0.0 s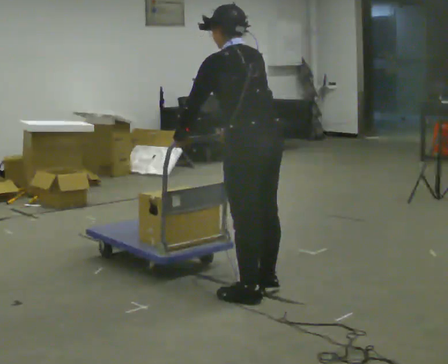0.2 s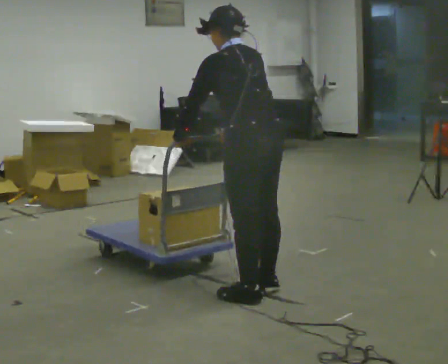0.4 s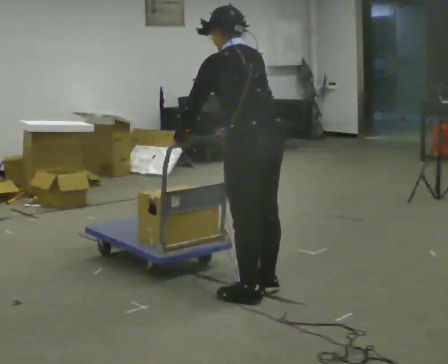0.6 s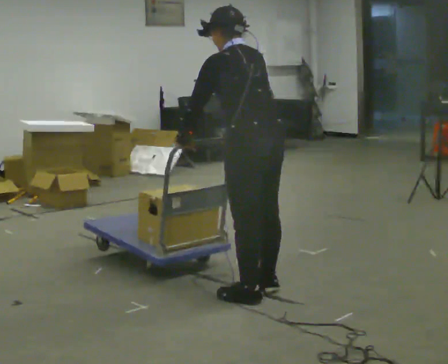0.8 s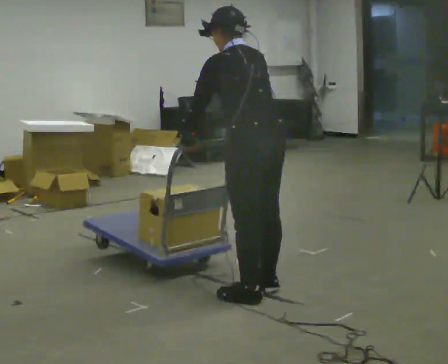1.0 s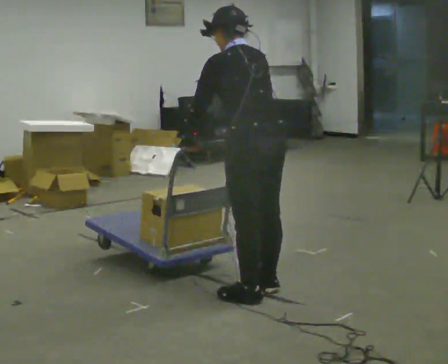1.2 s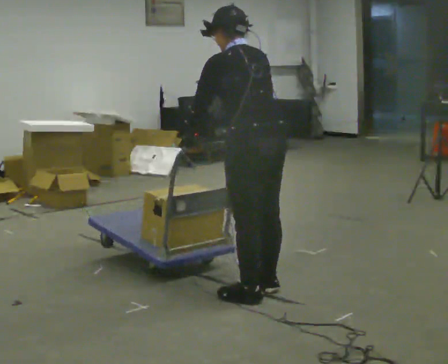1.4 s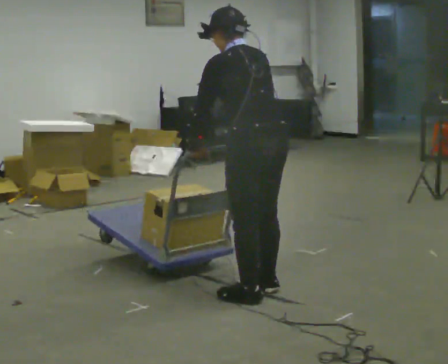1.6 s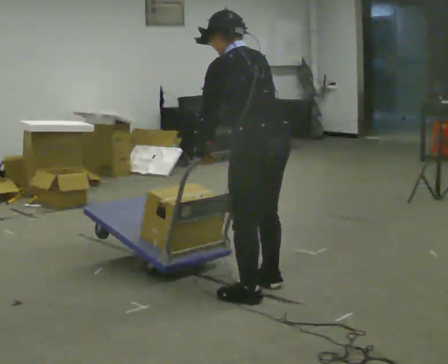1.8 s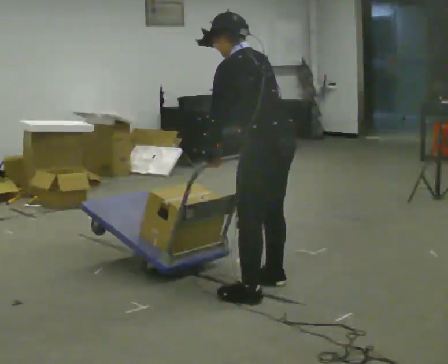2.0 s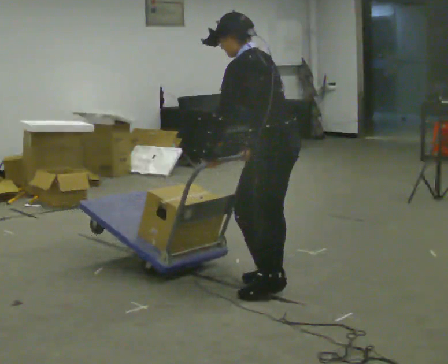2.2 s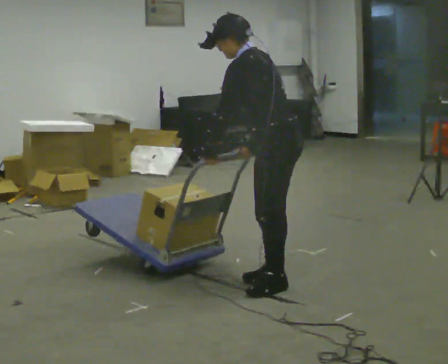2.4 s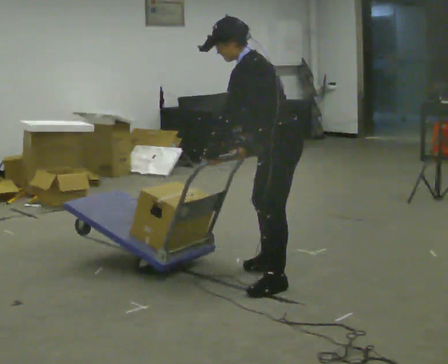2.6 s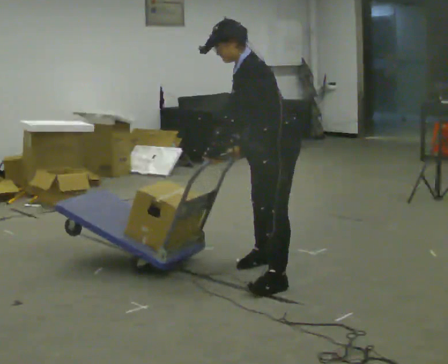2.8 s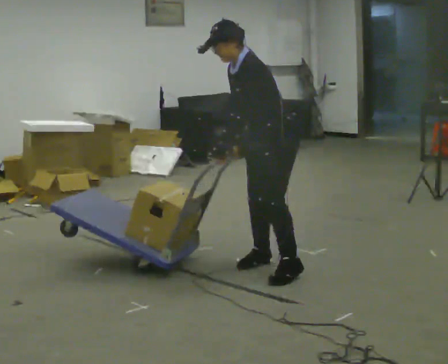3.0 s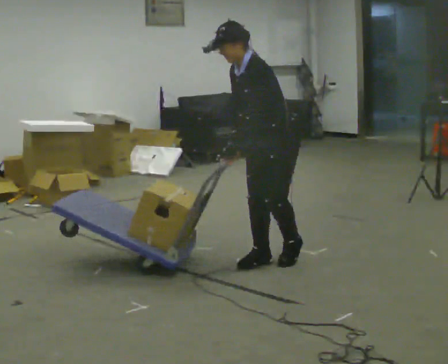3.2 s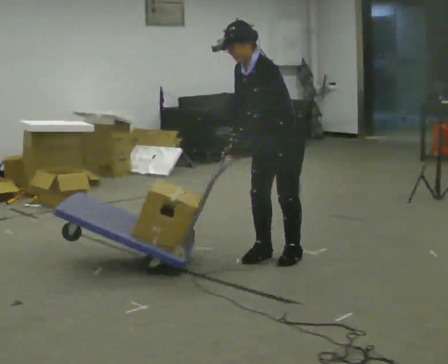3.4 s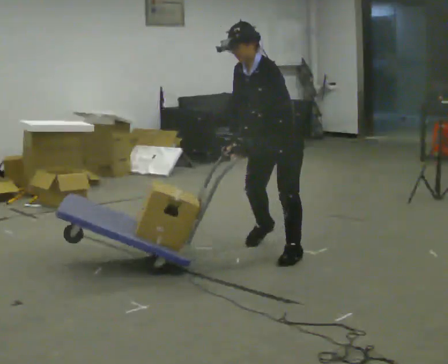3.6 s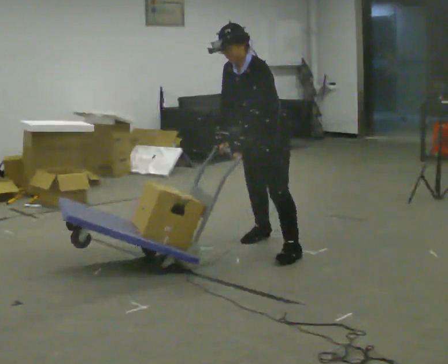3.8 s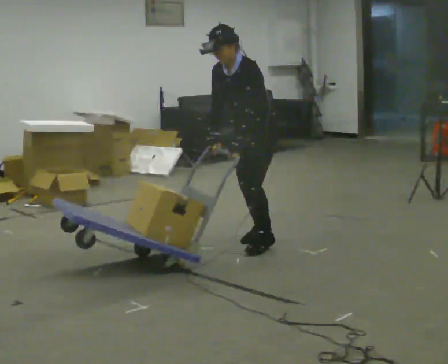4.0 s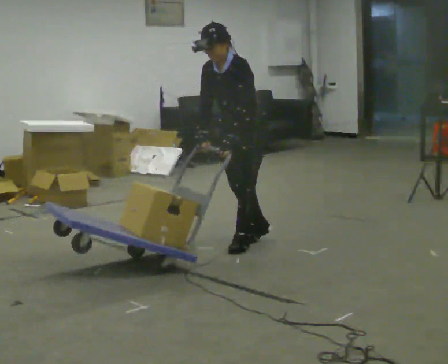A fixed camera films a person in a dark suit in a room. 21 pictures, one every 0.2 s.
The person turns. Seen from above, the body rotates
counterclockwise.
The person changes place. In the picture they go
away from the camera.
0.0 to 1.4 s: The person moves a little, or ends about where they began.
1.4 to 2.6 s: The part of the body nearest the lens slides to the right as the person turns to their left by about 60 degrees. In the picture they go away from the camera, about 0.5 m in 2 steps. The upper body tips toward the camera, its near side rolling downward.
2.6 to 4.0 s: The person turns about 30 degrees to their left, counterclockwise seen from above, so the part of the body nearest the lens slides to the right. In the picture they go away from the camera and to the left, about 0.75 m in 4 steps, which for them is to their right.
The film runs backward here.
